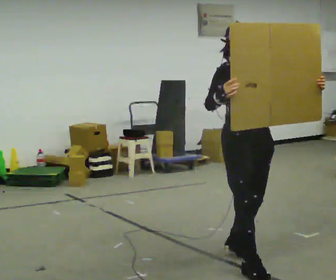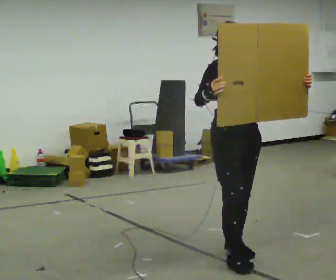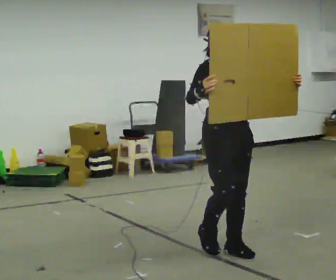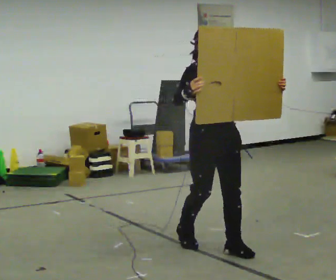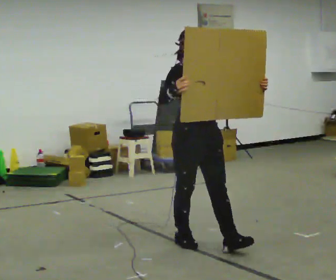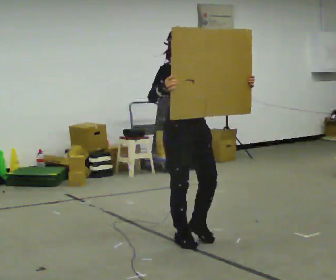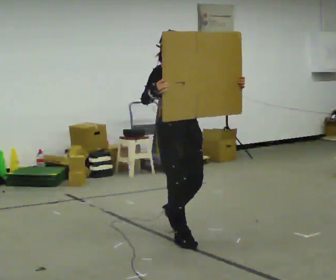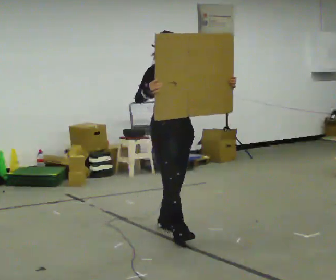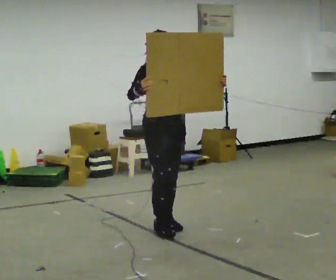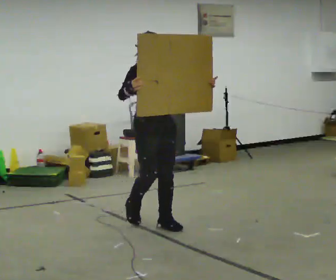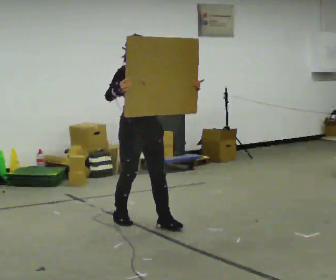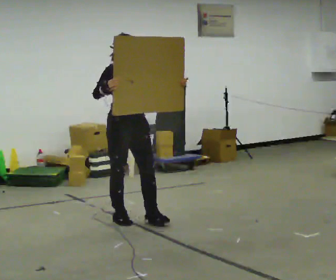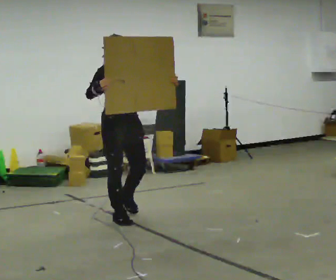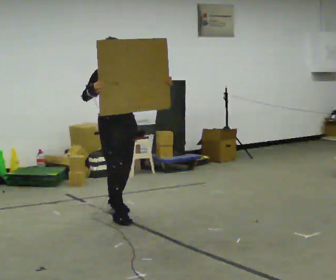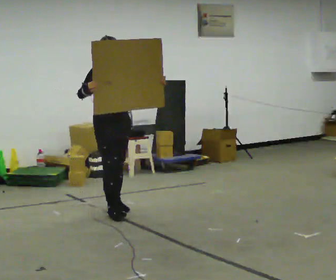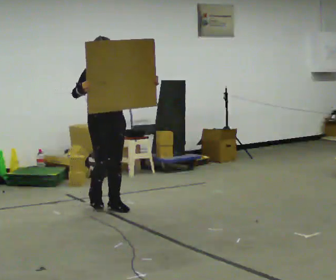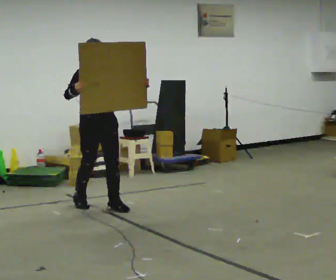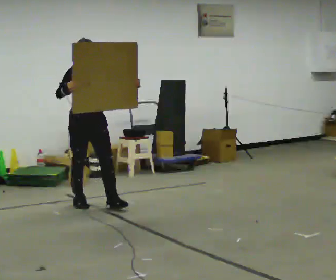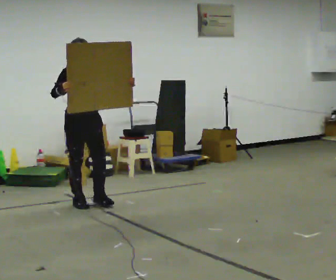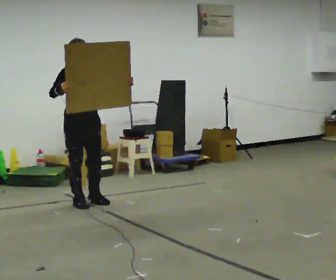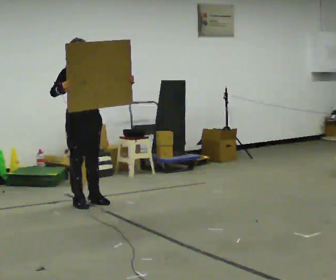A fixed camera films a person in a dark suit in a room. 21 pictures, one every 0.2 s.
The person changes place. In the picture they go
away from the camera.
0.0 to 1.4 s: In the picture they go away from the camera and to the left, about 1 m in 3 steps, which for them is backward.
1.4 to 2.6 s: In the picture they go away from the camera and to the left, about 1 m in 1 step, which for them is backward.
2.6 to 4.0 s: In the picture they go away from the camera and to the left, about 0.5 m in 2 steps, which for them is backward.
The film runs backward here.
